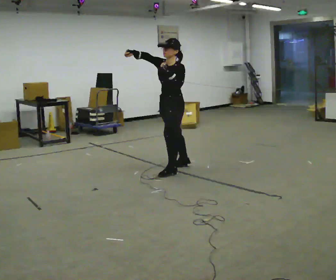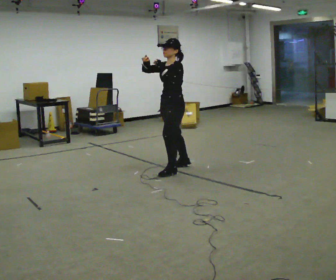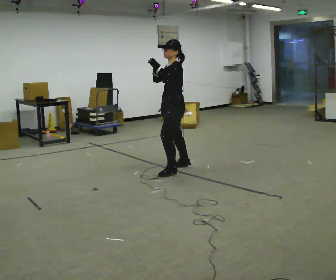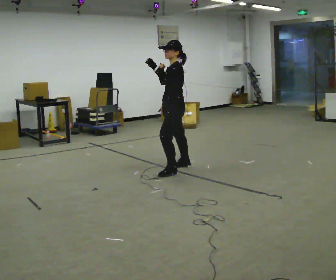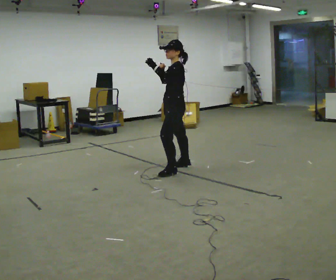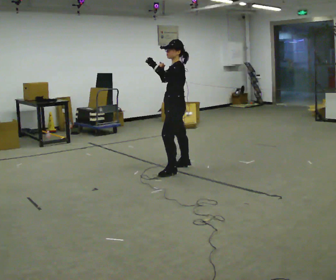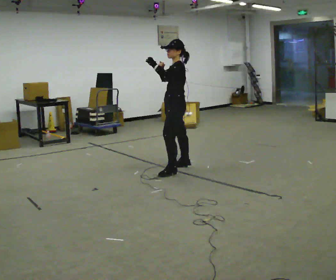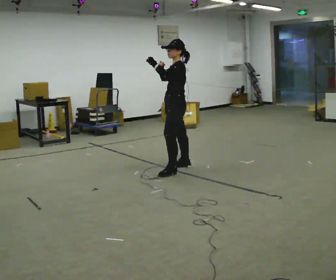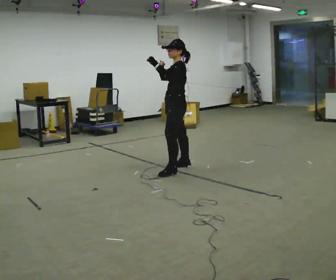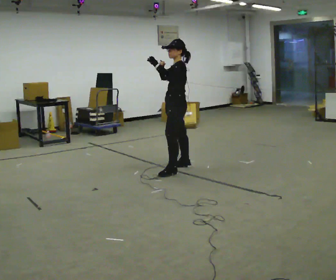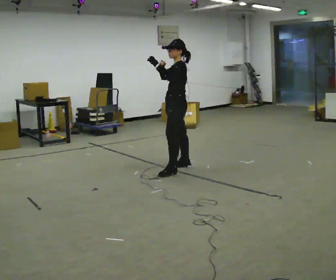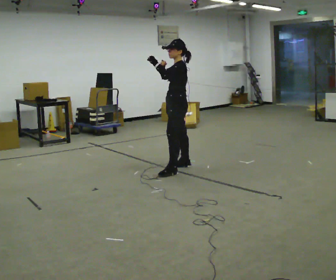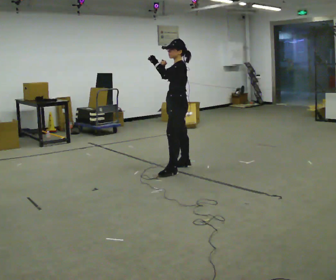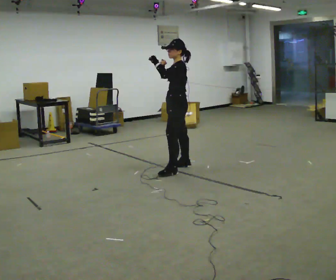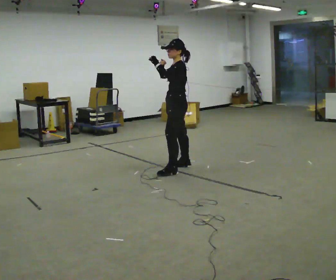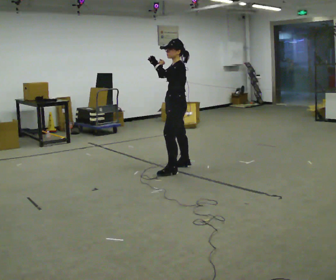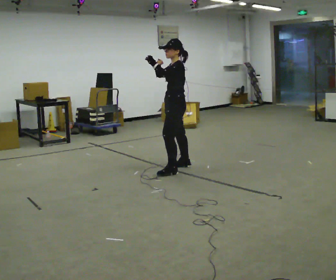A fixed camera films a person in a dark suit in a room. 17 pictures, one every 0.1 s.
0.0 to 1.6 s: The person turns about 30 degrees to their right, clockwise seen from above, so the part of the body nearest the lens slides to the left.
The film runs backward here.
